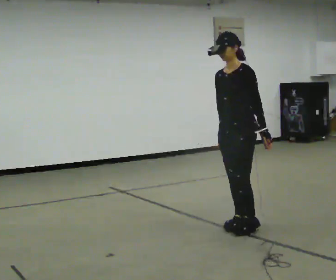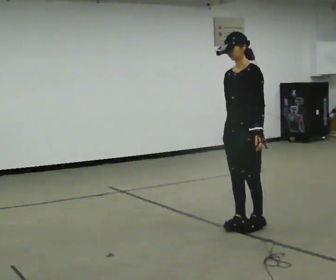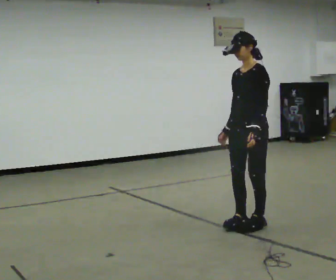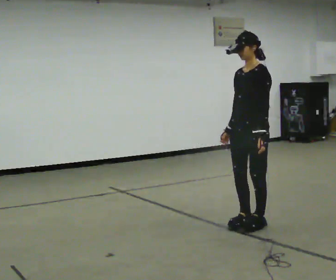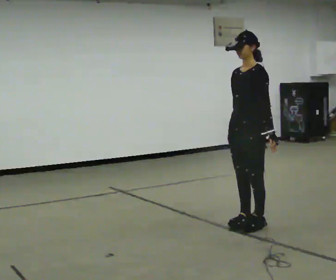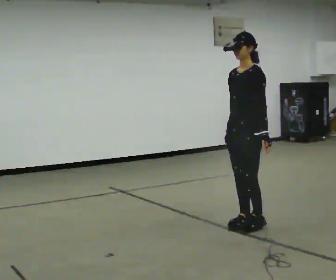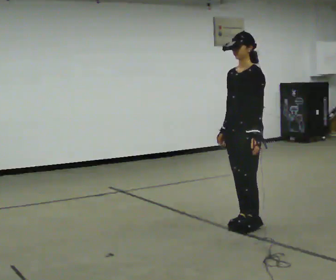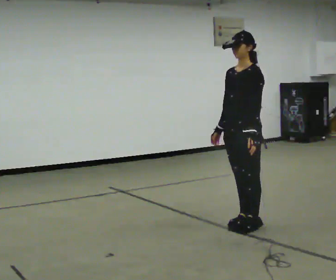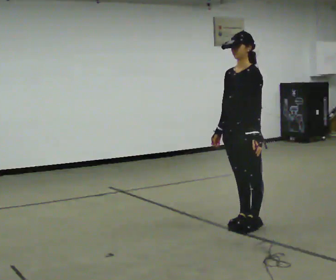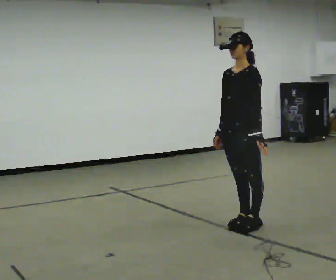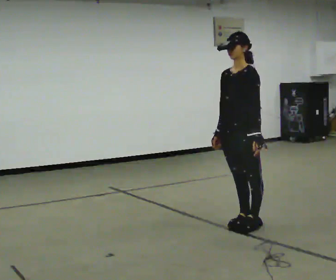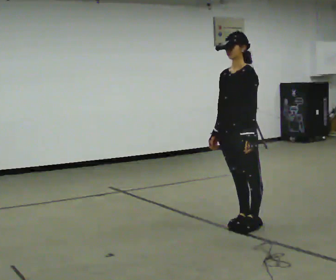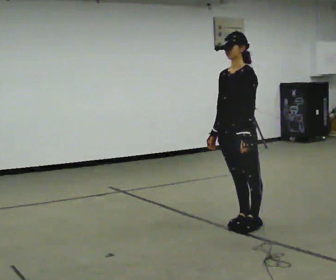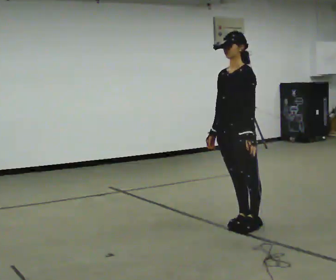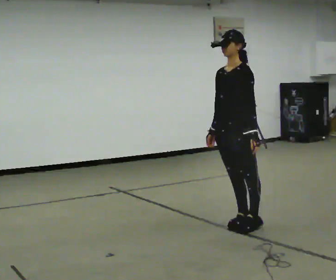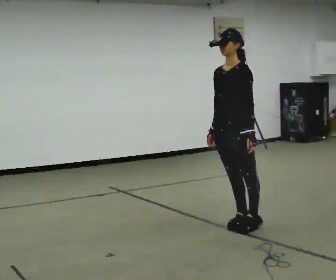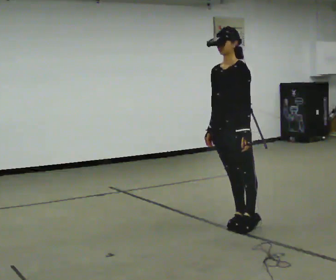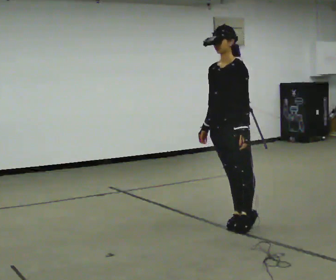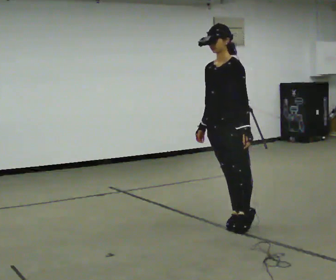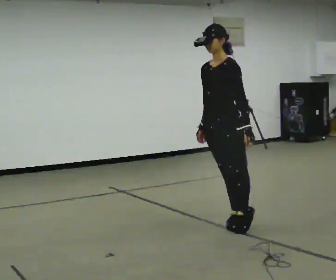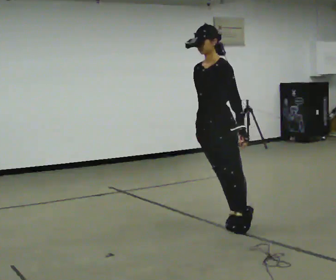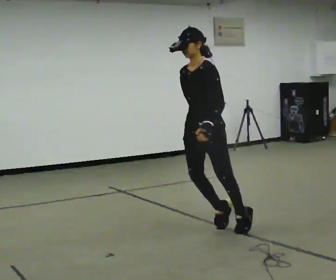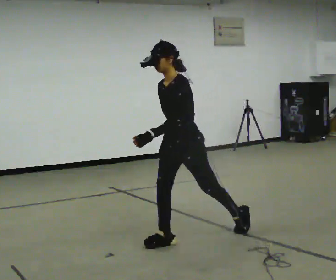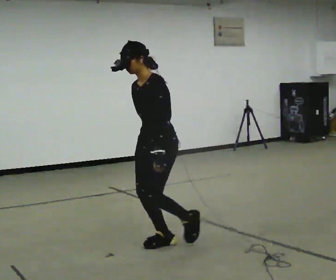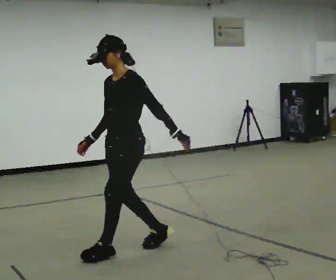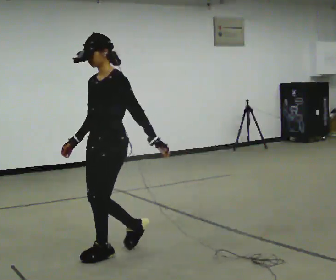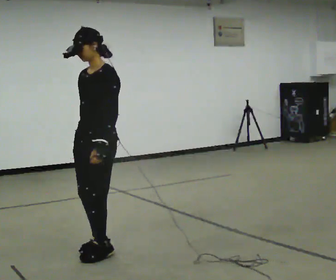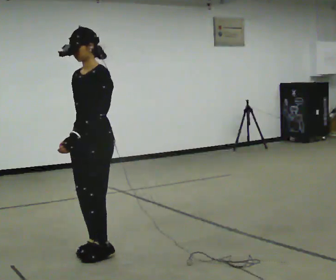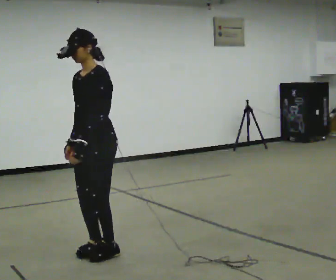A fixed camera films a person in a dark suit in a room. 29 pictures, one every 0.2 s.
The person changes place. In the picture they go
to the left.
0.0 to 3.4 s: The person moves a little, or ends about where they began.
3.4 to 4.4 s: In the picture they go to the left and toward the camera, about 0.5 m, which for them is forward.
4.4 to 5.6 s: In the picture they go to the left and toward the camera, about 0.75 m in 3 steps, which for them is forward.
The film runs forward here.
